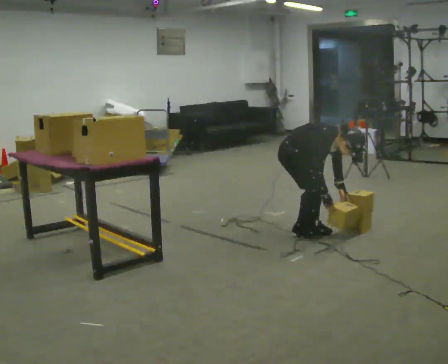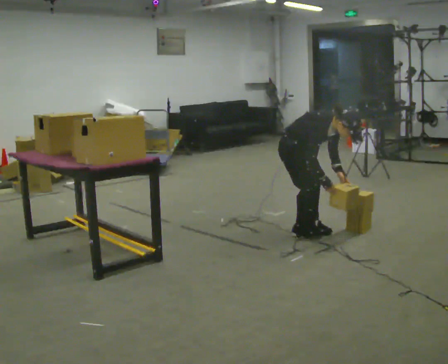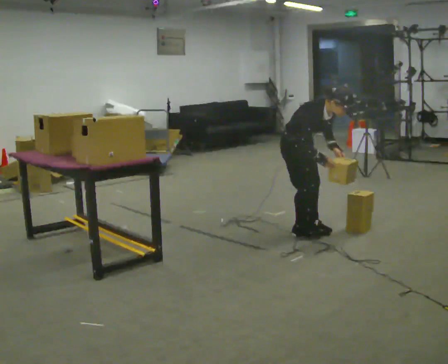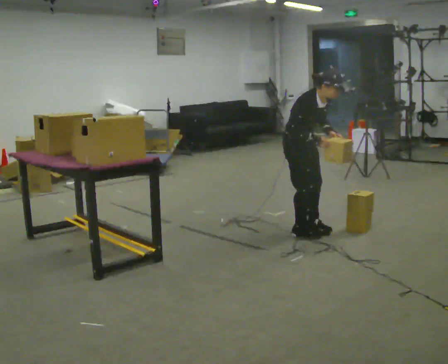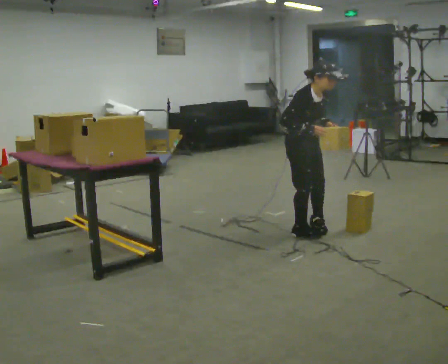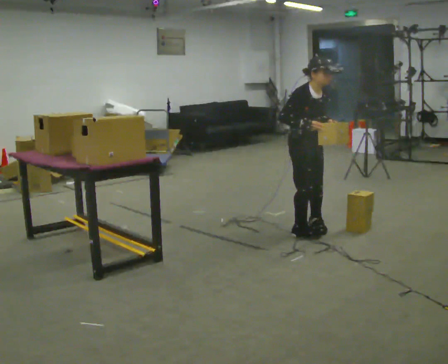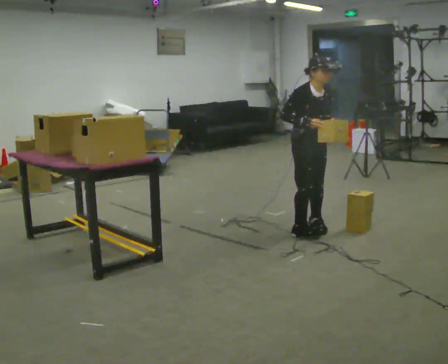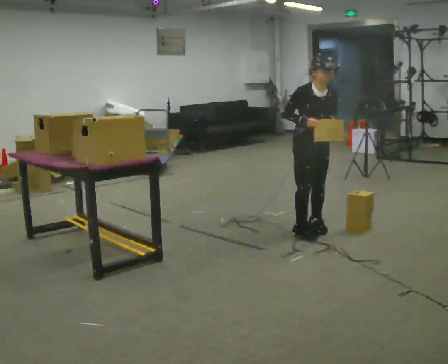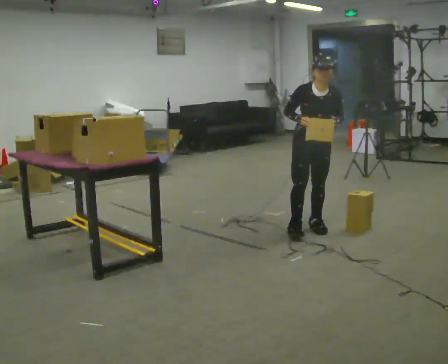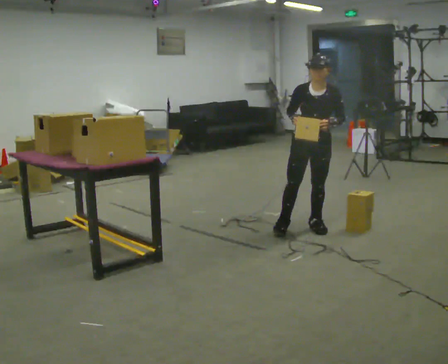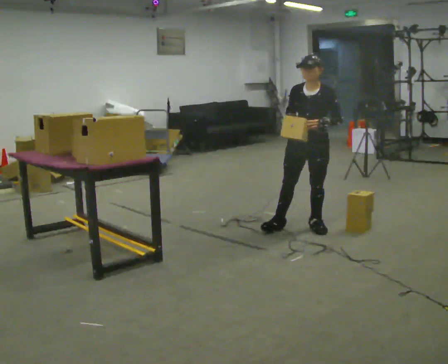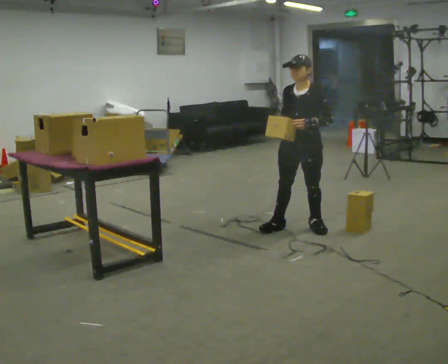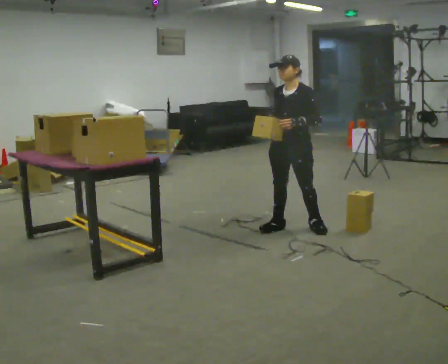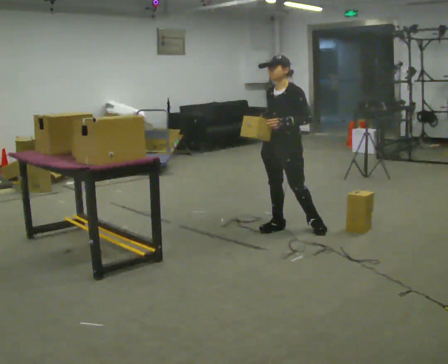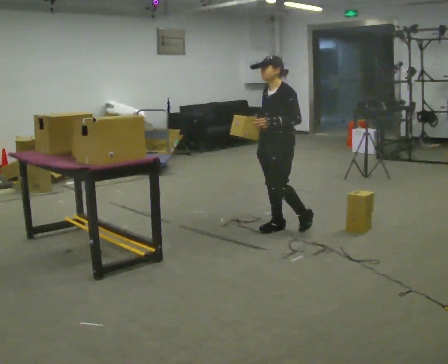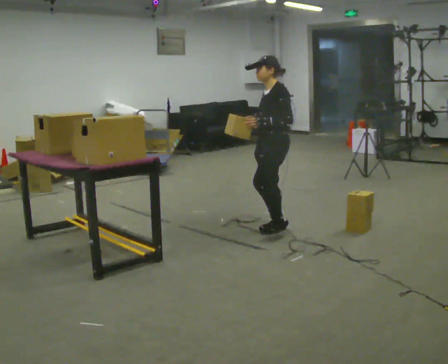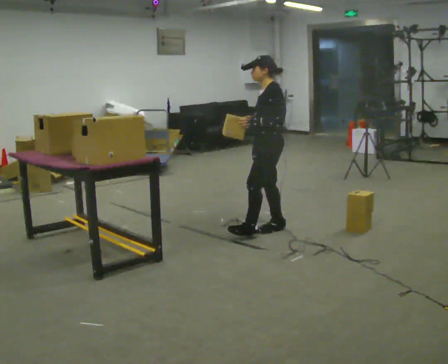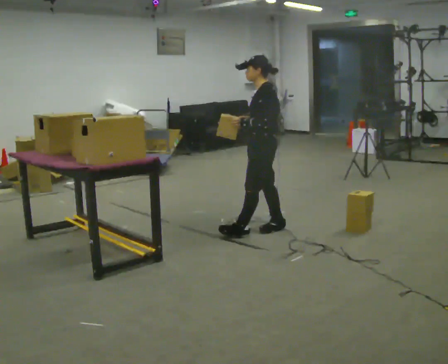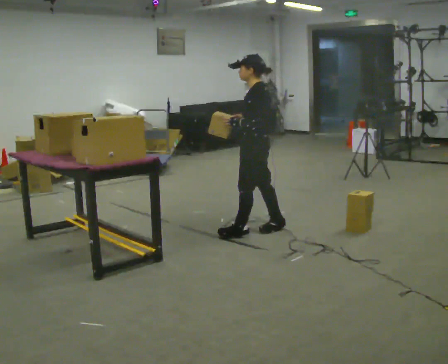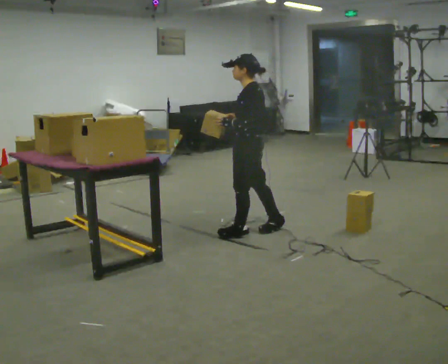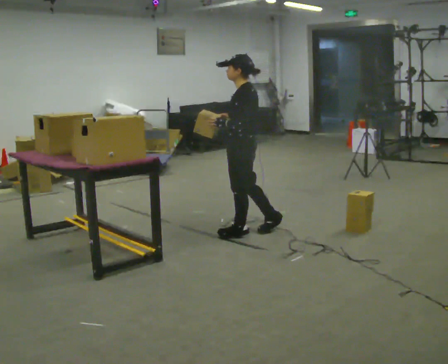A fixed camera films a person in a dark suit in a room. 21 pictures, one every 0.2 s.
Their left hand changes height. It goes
upward.
The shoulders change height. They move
upward.
0.0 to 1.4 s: The part of the body nearest the lens slides to the left as the person turns to their right by about 30 degrees. The shoulders move upward. In the picture the upper body tilts counterclockwise, shoulders to the left, as they lean back or straighten. In the picture their right hand goes upward.
1.4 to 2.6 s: The part of the body nearest the lens slides to the left as the person turns to their right by about 60 degrees. In the picture they go to the left, about 0.25 m in 1 step. In the picture their left hand goes to the left.
2.6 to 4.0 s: Seen from above the body turns clockwise, about 60 degrees: to their right, with its near side sliding to the left. In the picture they go to the left and toward the camera, about 0.25 m in 1 step, which for them is forward.
The film runs forward here.
